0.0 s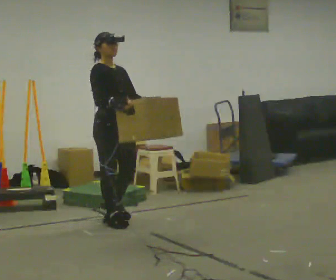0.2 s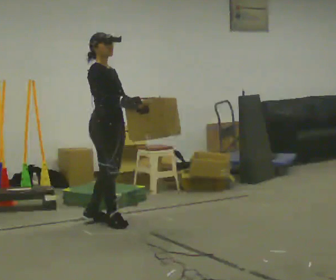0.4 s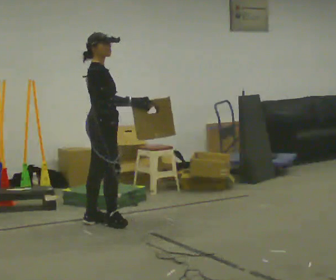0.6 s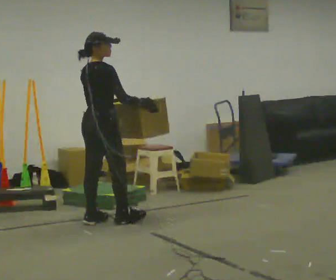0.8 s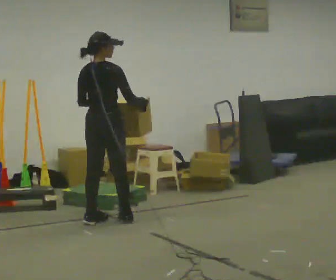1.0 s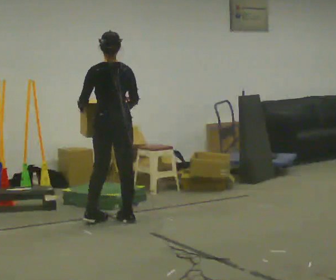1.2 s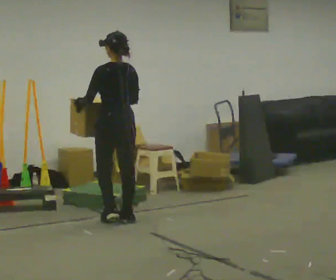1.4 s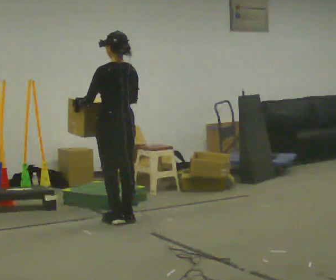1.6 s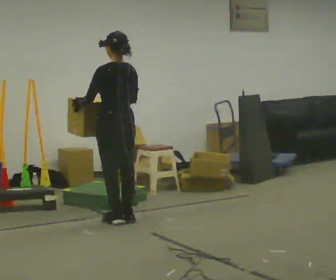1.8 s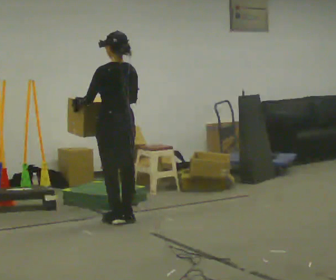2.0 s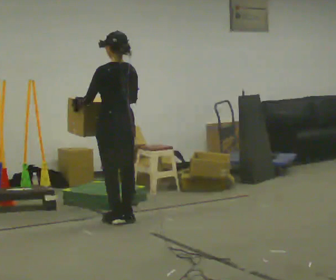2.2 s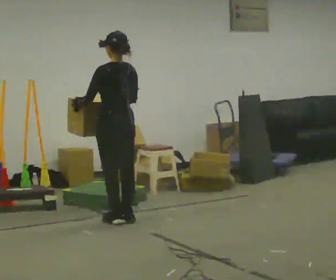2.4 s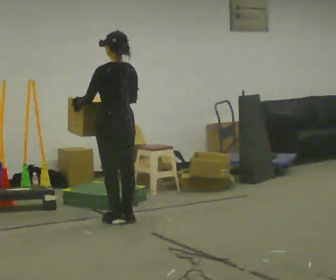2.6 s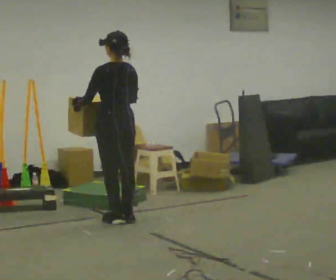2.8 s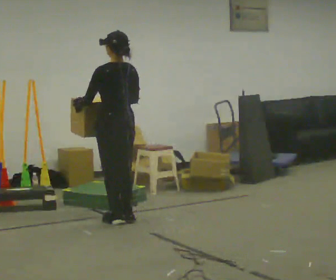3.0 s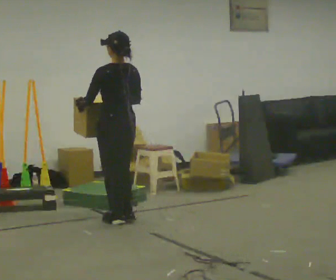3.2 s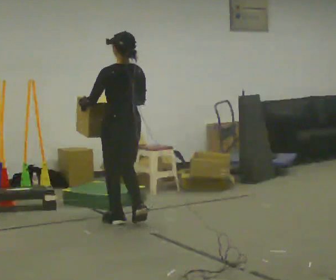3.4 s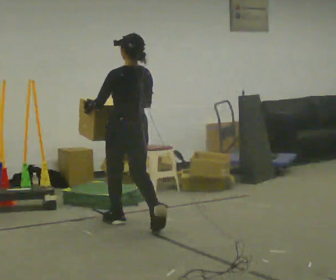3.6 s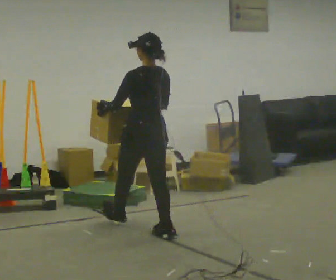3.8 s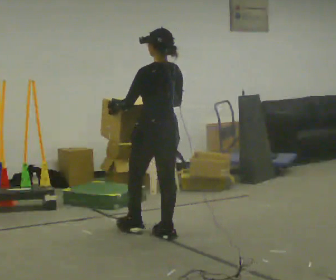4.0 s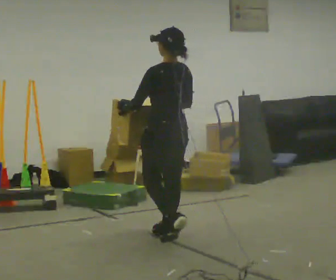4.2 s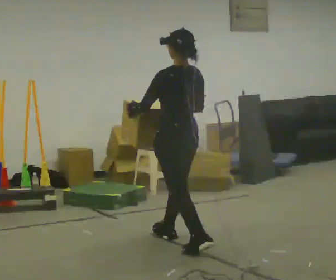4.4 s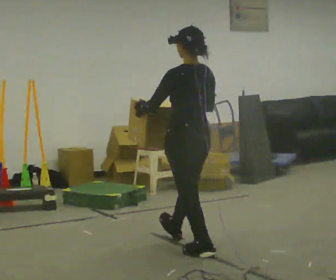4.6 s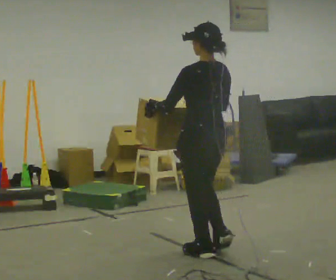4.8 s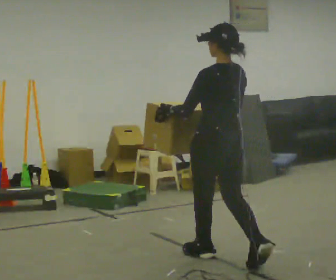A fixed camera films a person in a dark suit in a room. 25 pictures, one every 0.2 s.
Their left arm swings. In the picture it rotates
clockwise.
The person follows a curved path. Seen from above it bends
clockwise.
0.0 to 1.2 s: The person turns about 150 degrees to their left, counterclockwise seen from above, so the part of the body nearest the lens slides to the right. In the picture they go away from the camera, about 0.25 m in 2 steps.
1.2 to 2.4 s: The person moves a little, or ends about where they began.
2.4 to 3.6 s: In the picture they go toward the camera and to the right, about 0.5 m in 2 steps, which for them is backward.
3.6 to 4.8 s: In the picture they go toward the camera and to the right, about 1 m in 1 step, which for them is backward.
The film runs backward here.
